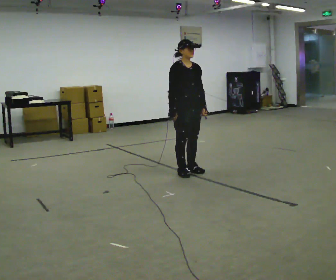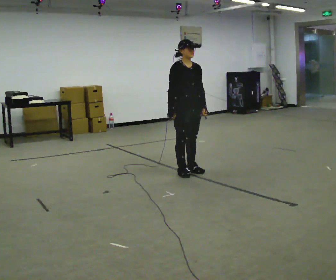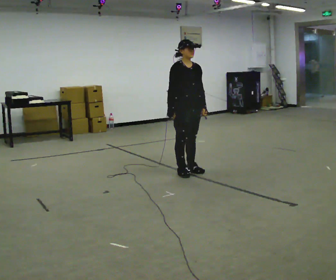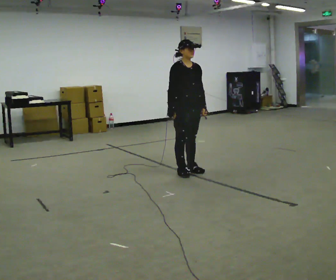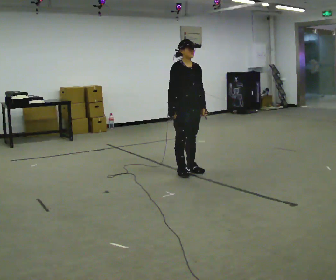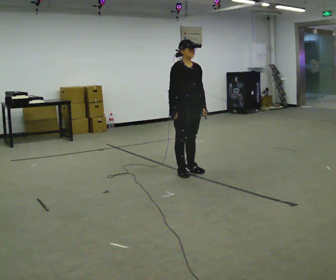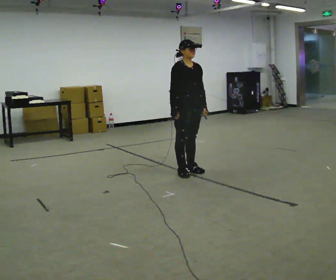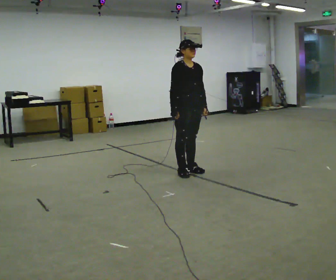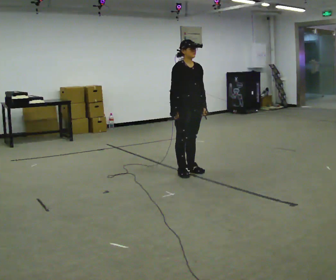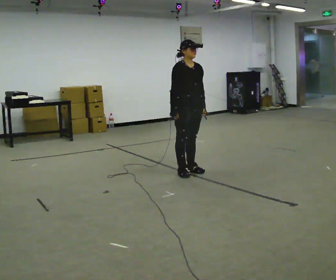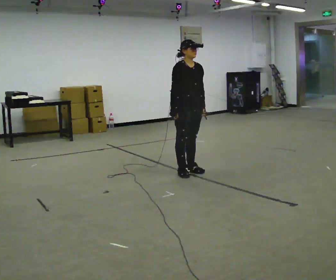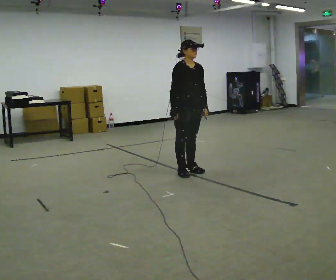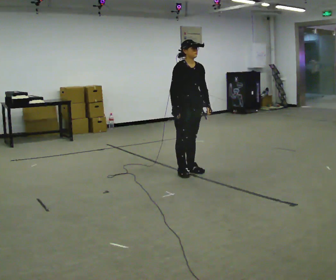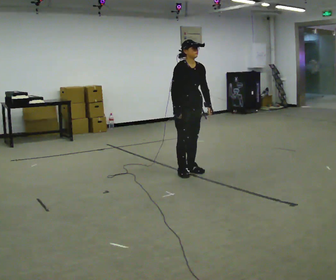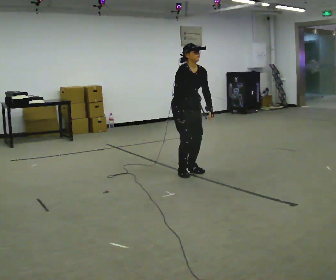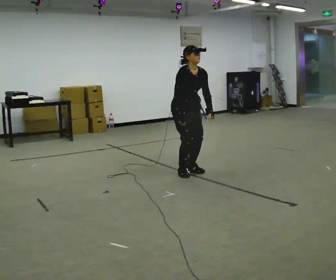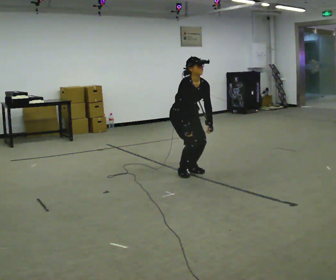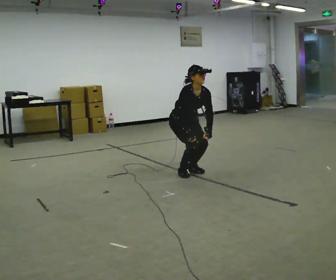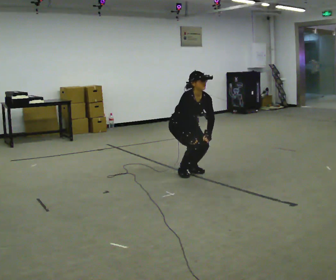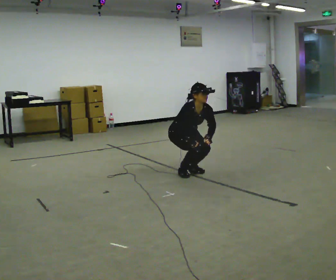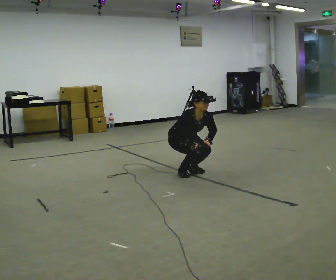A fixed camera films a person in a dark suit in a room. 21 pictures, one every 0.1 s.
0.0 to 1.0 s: The person moves a little, or ends about where they began.
1.0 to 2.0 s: The upper body goes downward. The upper body tips toward the camera, its near side rolling downward, as they bend forward. In the picture their left hand goes downward.
The film runs backward here.
